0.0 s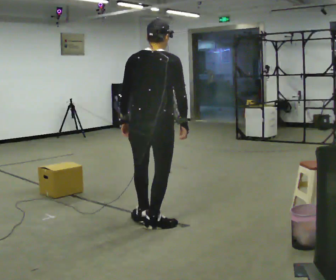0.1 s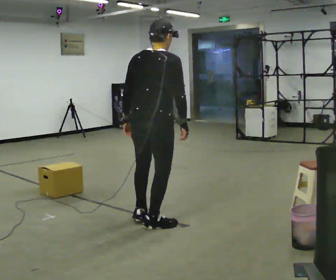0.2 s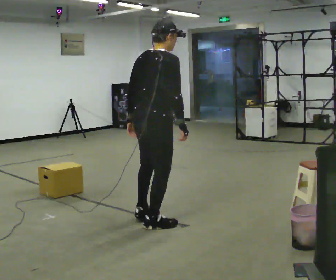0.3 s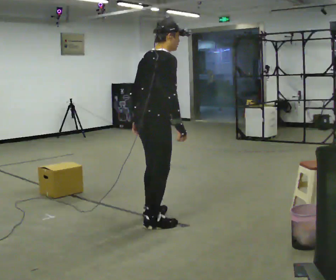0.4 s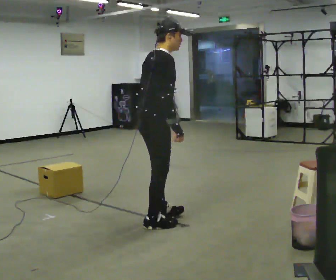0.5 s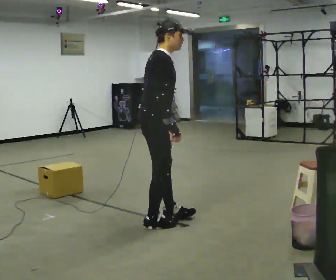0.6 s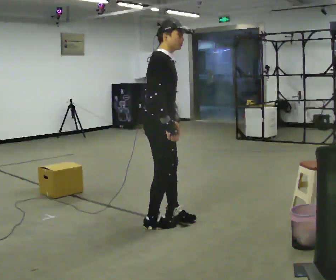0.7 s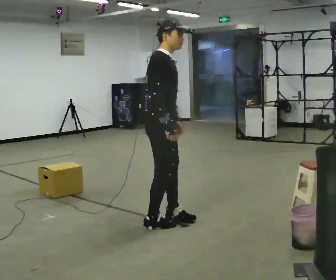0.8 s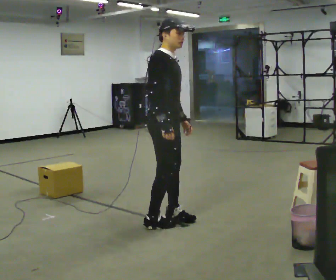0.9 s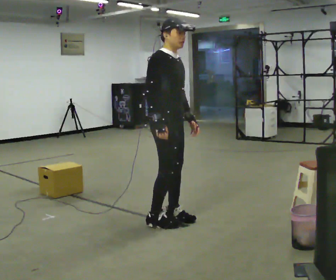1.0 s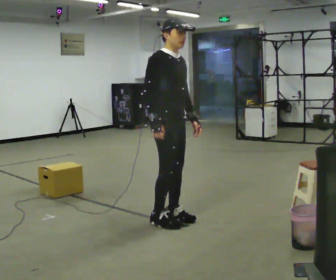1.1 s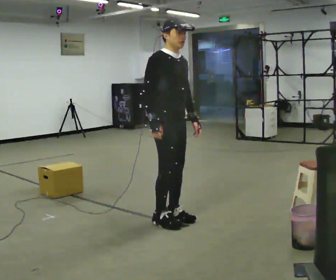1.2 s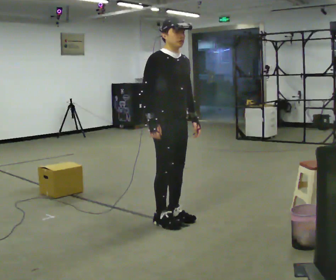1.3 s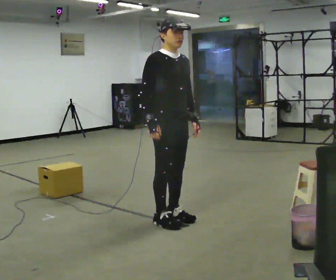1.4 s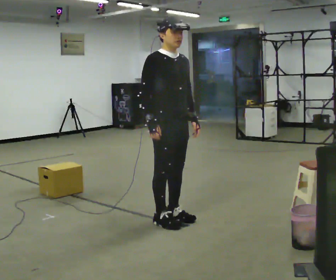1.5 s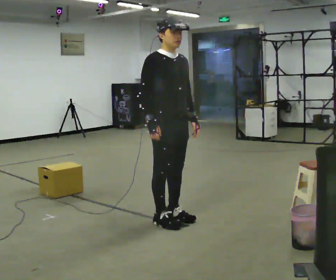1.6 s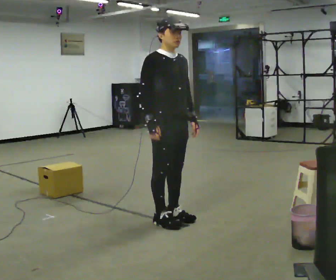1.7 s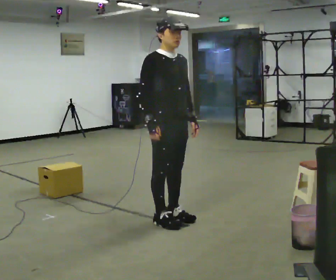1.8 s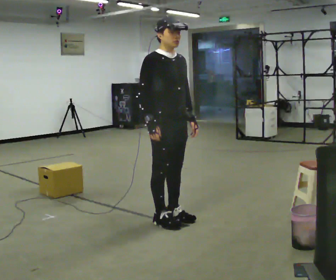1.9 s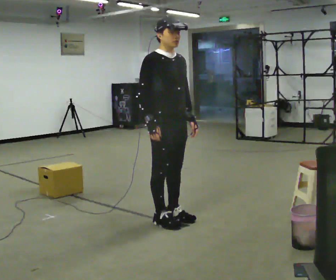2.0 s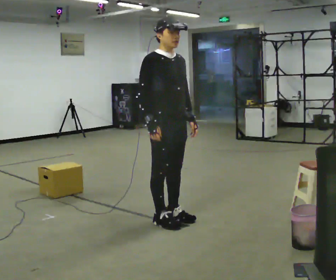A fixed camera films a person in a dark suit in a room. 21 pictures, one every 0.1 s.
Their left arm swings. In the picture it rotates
counterclockwise.
The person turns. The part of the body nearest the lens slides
to the left.
0.0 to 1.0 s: The person turns about 120 degrees to their right, clockwise seen from above, so the part of the body nearest the lens slides to the left. In the picture their left hand goes to the right, the arm swinging counterclockwise.
1.0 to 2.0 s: The person moves a little, or ends about where they began.
The film runs backward here.
